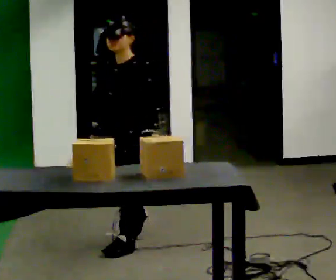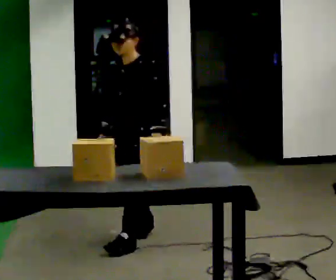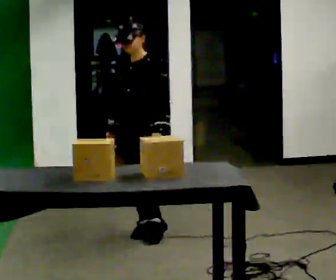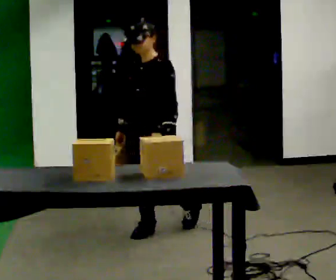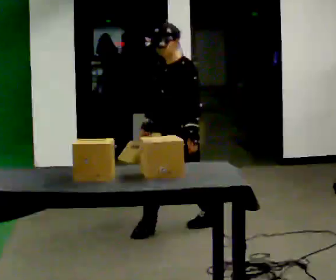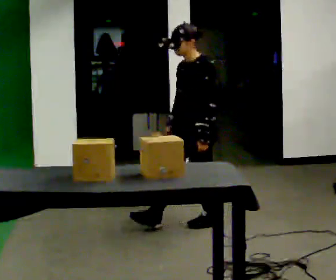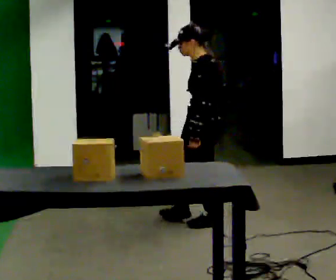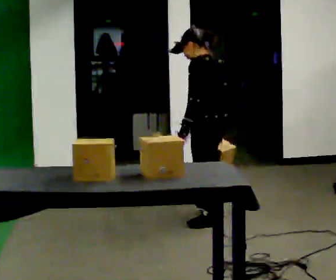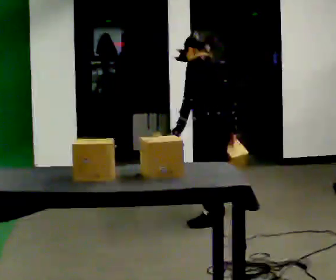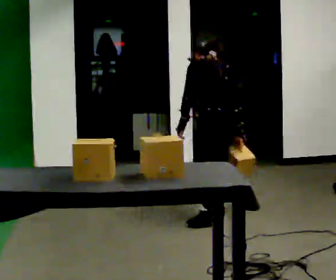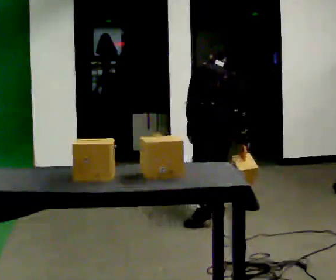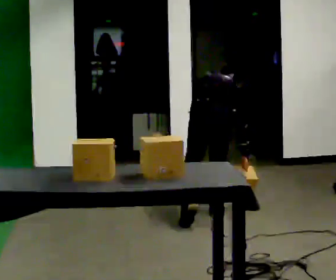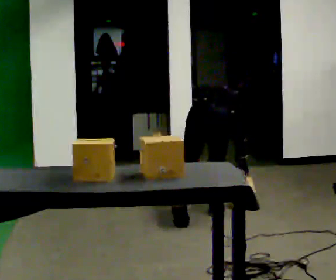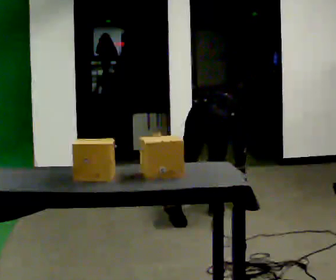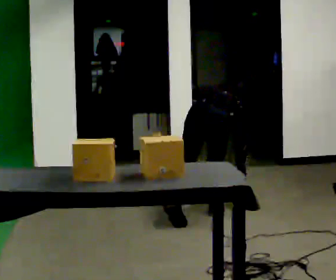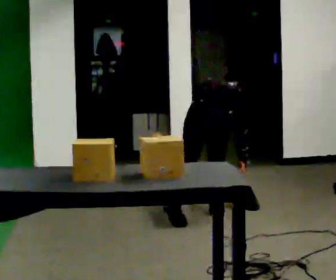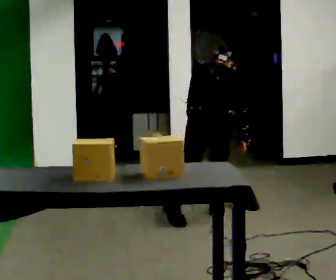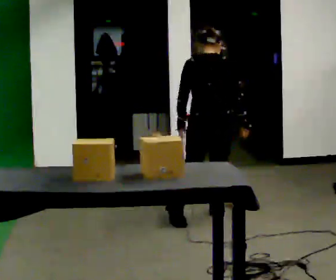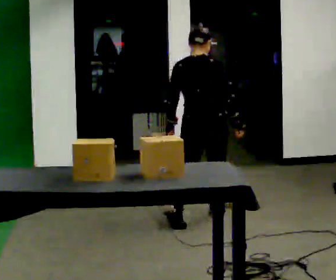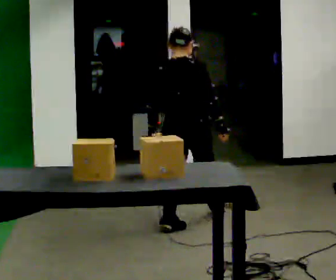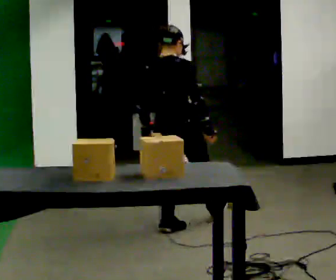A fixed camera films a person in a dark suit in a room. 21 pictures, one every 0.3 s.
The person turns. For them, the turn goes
to their right.
The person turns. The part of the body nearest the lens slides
to the left.
0.0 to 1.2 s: In the picture they go away from the camera and to the right, about 0.5 m in 1 step, which for them is backward.
1.2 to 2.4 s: The person turns about 90 degrees to their right, clockwise seen from above, so the part of the body nearest the lens slides to the left. In the picture they go to the right and away from the camera, about 0.5 m in 1 step.
2.4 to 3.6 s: The part of the body nearest the lens slides to the left as the person turns to their right by about 45 degrees. The shoulders move downward. The upper body tips away from the camera, its near side rolling upward, as they bend forward.
3.6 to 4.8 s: The person moves a little, or ends about where they began.
4.8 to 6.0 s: Seen from above the body turns clockwise, about 30 degrees: to their right, with its near side sliding to the left. In the picture they go toward the camera and to the left, about 0.25 m in 2 steps, which for them is backward and to their left. The upper body tips toward the camera, its near side rolling downward, as they lean back or straighten.
The film runs backward here.
